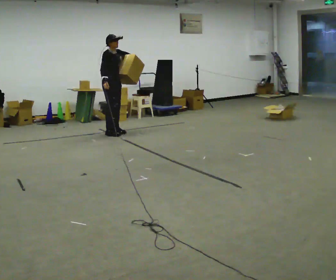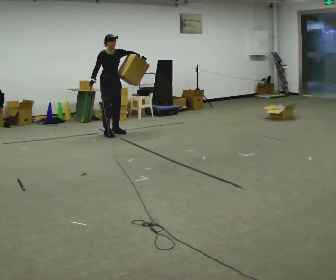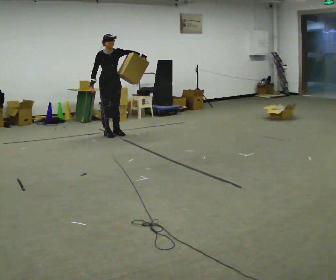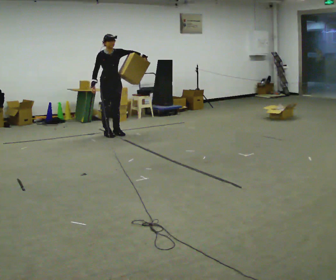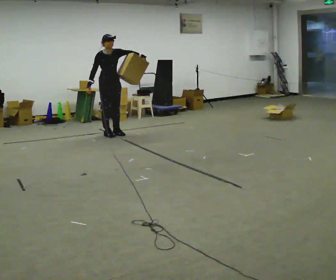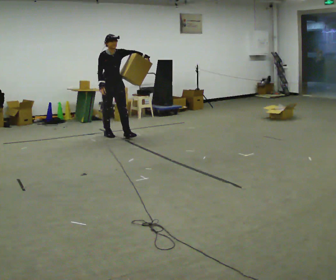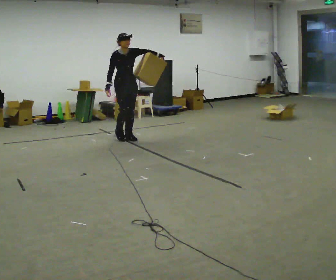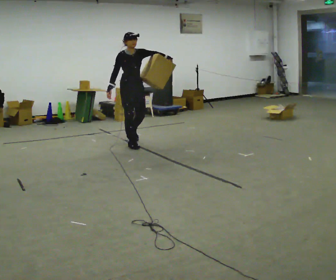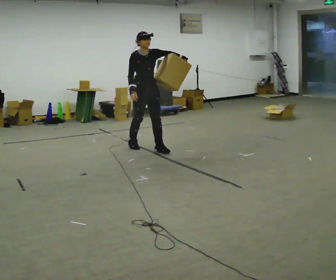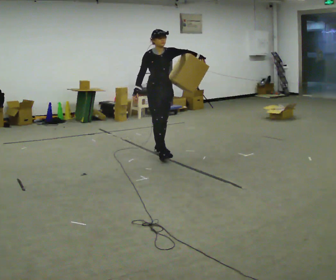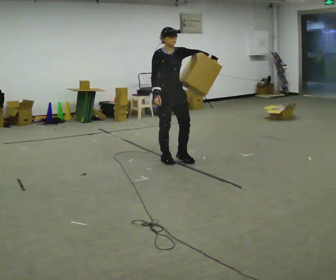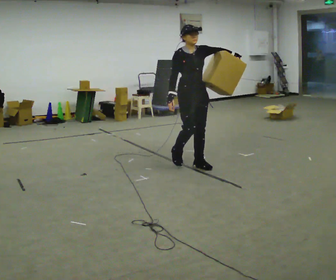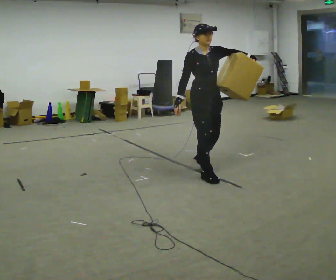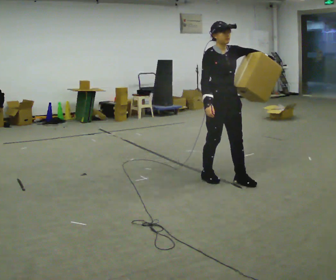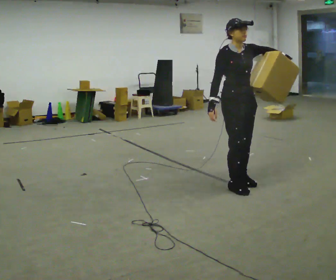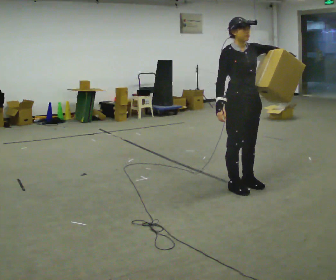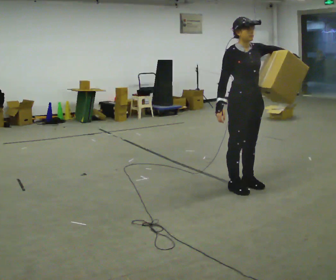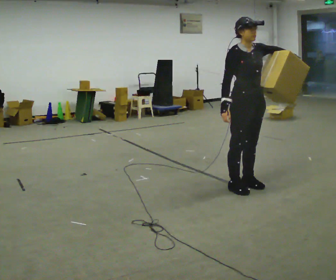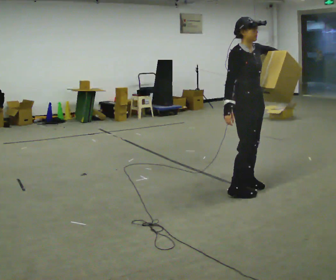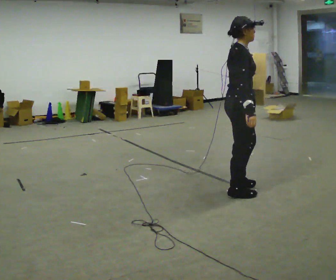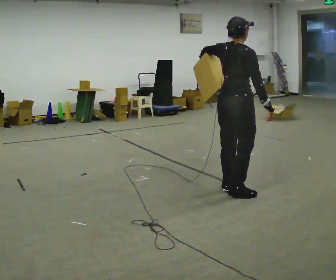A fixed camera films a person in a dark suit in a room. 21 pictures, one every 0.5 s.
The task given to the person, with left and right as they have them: Hold the object against your hip on the side the operator calls, and carry it back and forth across the room.
0.0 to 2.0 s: Seen from above the body turns clockwise, about 30 degrees: to their right, with its near side sliding to the left.
2.0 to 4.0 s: In the picture they go toward the camera and to the right, about 1 m in 3 steps, which for them is forward.
4.0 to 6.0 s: In the picture they go toward the camera and to the right, about 1.5 m in 3 steps, which for them is forward.
6.0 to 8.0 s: In the picture they go toward the camera and to the right, about 0.5 m in 2 steps, which for them is forward.
8.0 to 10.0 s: Seen from above the body turns counterclockwise, about 105 degrees: to their left, with its near side sliding to the right. In the picture their left hand goes to the left.
The film runs forward here.
